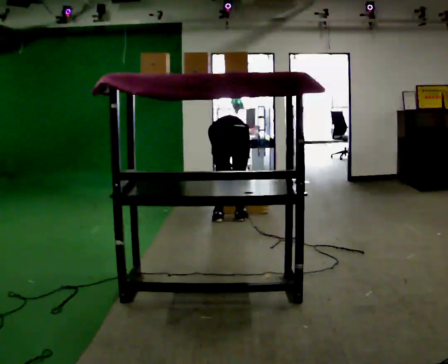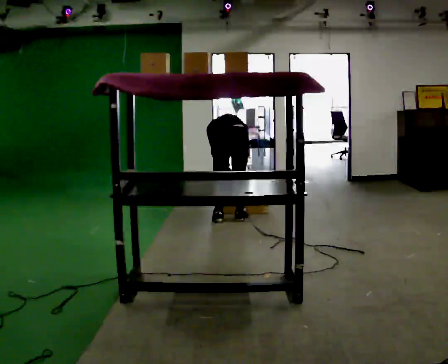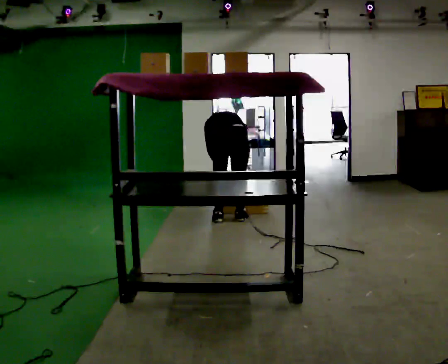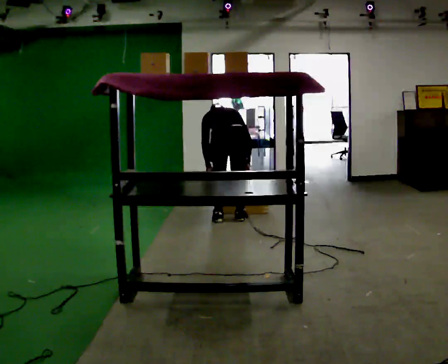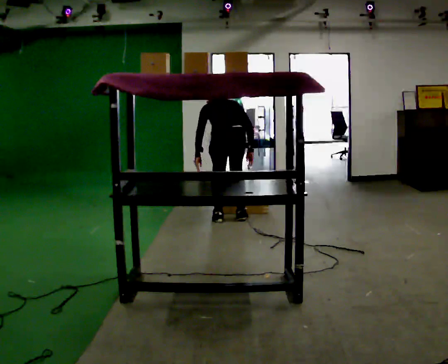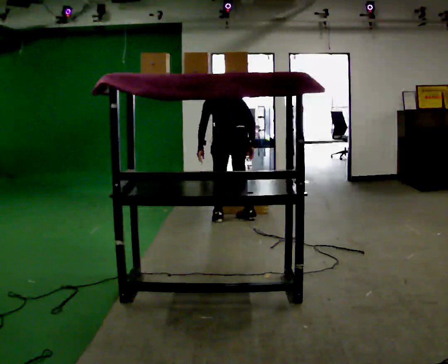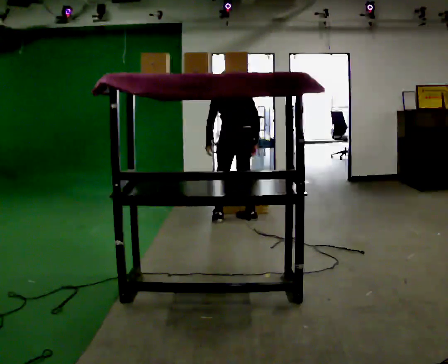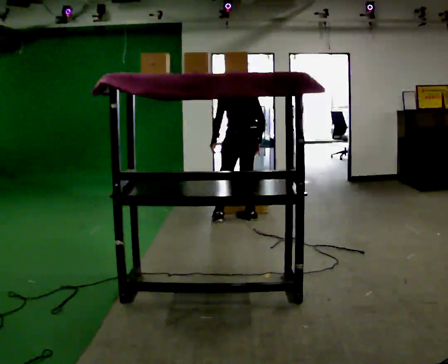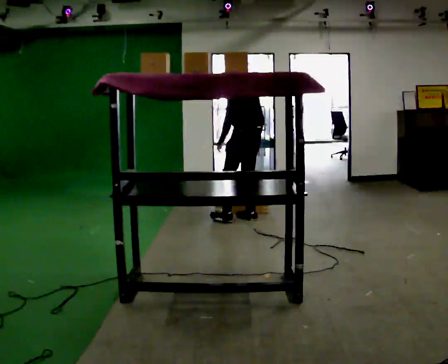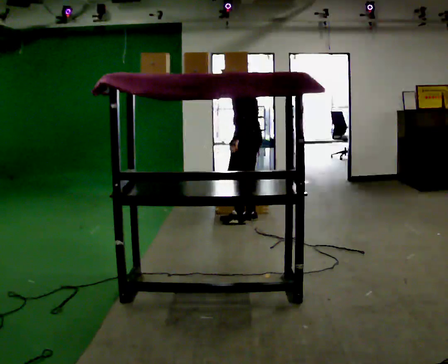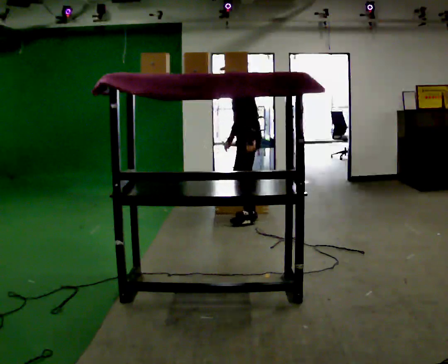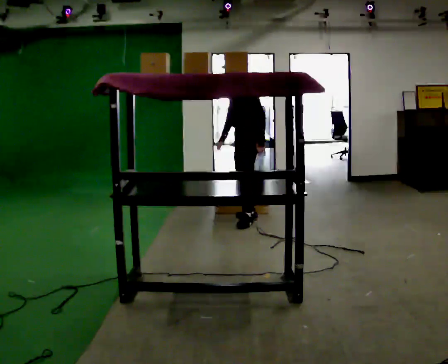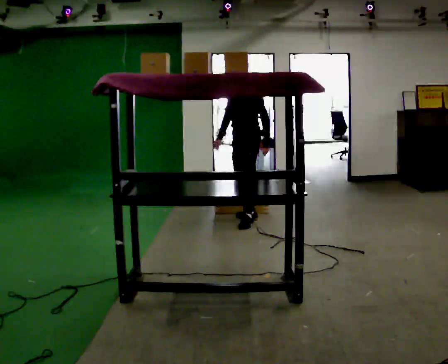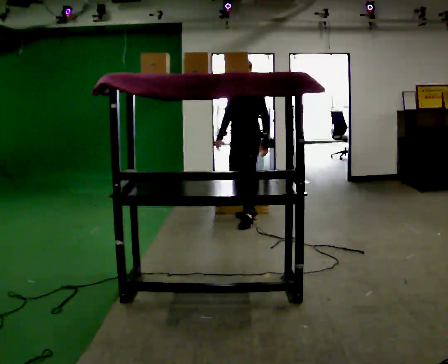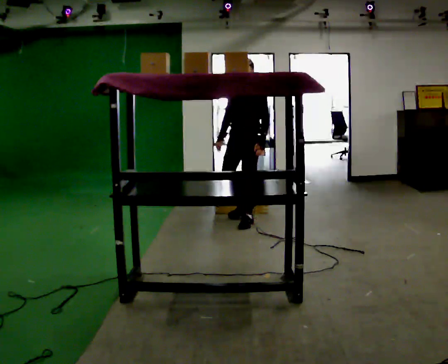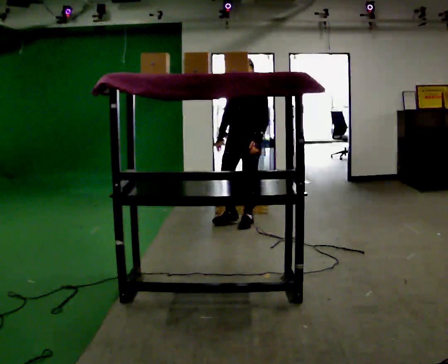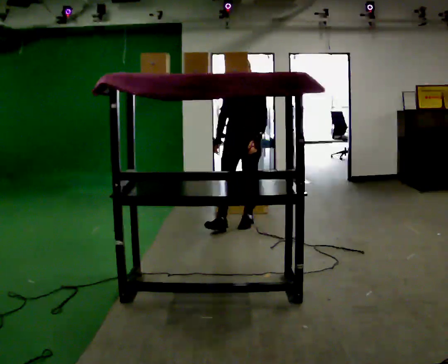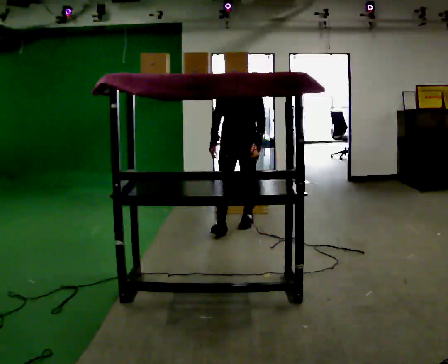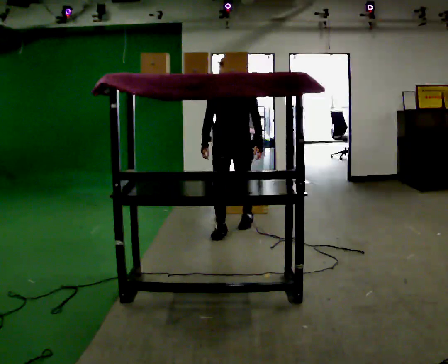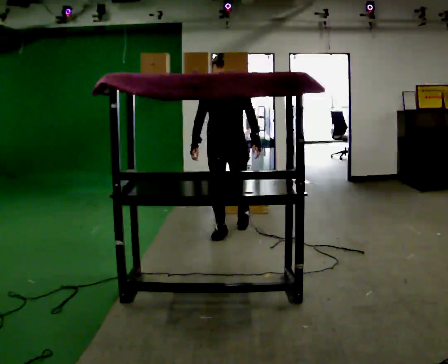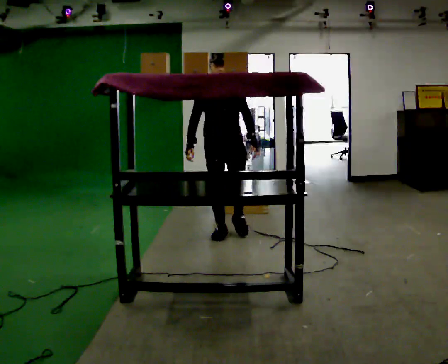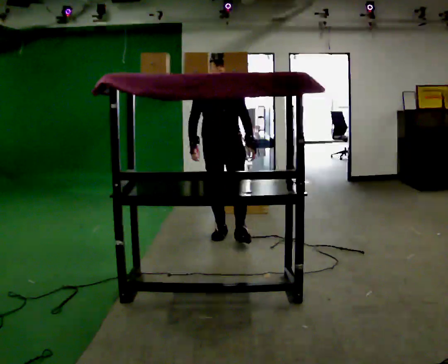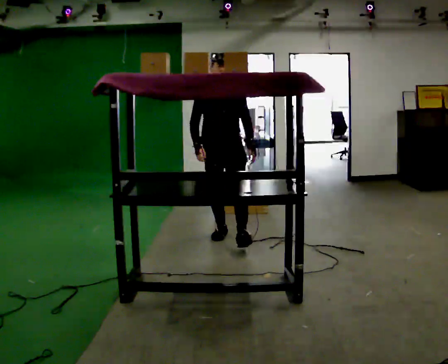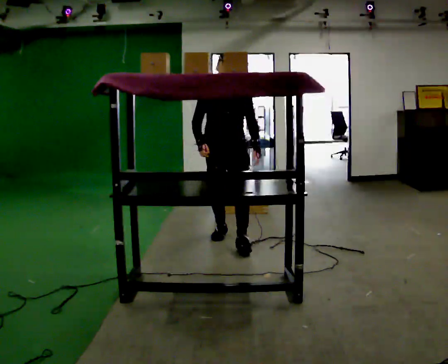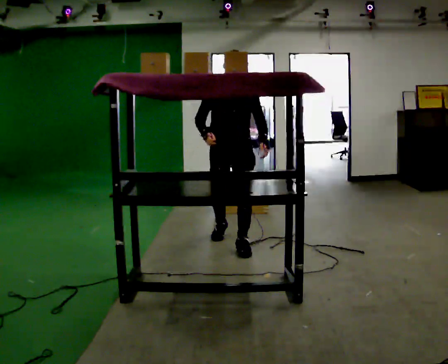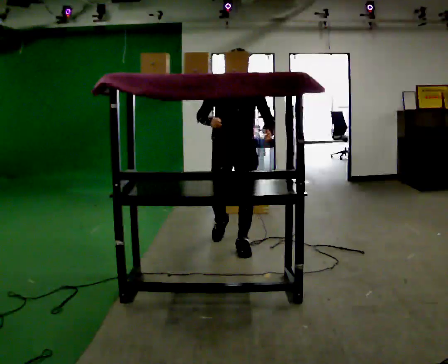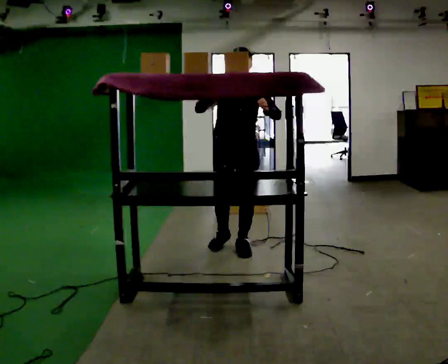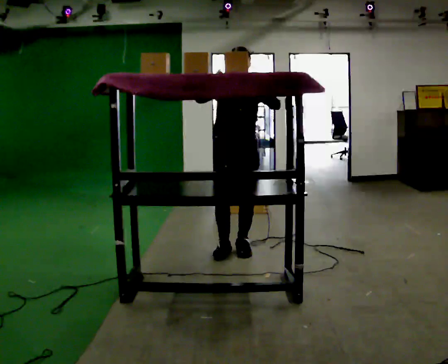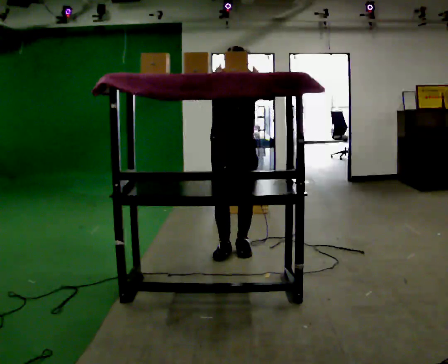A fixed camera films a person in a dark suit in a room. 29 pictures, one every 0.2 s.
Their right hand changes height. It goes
upward.
The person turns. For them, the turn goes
to their left.
0.0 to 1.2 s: The shoulders move upward. The upper body tips toward the camera, its near side rolling downward, as they lean back or straighten. In the picture their left hand goes upward.
1.2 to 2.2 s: The part of the body nearest the lens slides to the right as the person turns to their left by about 90 degrees. The upper body tips toward the camera, its near side rolling downward, as they lean back or straighten. In the picture their left hand goes to the right, the arm swinging counterclockwise.
2.2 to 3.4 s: The part of the body nearest the lens slides to the right as the person turns to their left by about 45 degrees. In the picture they go toward the camera, about 0.5 m in 1 step, which for them is forward and to their left.
3.4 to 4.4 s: In the picture they go toward the camera, about 0.5 m in 1 step, which for them is forward.
4.4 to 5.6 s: In the picture they go toward the camera, about 0.5 m in 1 step, which for them is forward. In the picture their left hand goes upward.
The film runs forward here.
